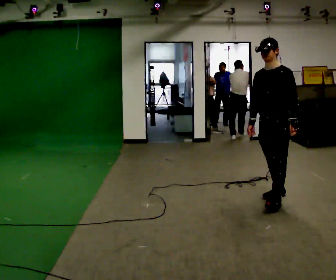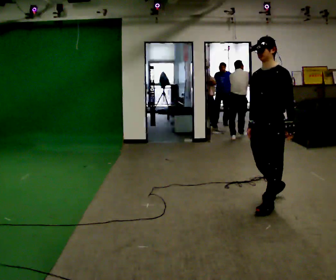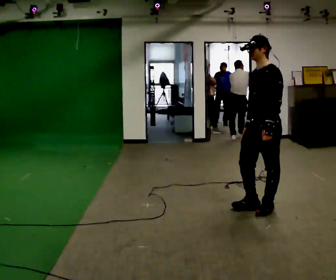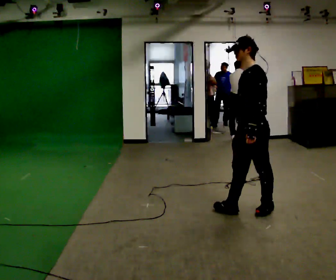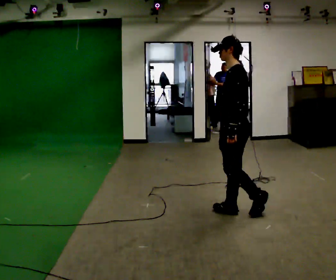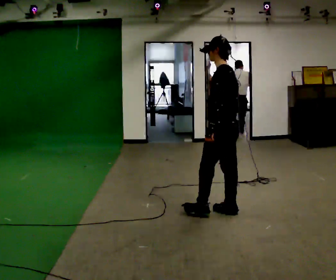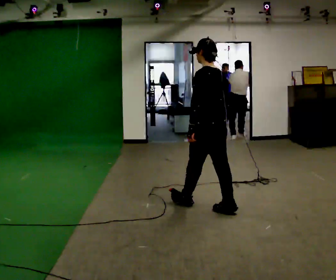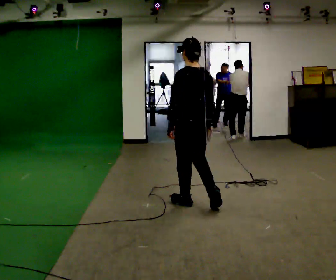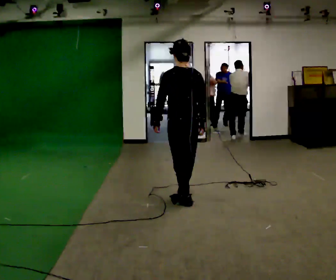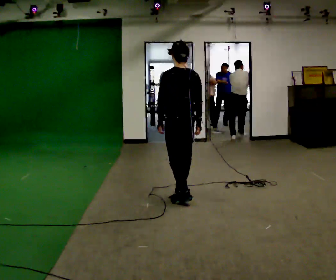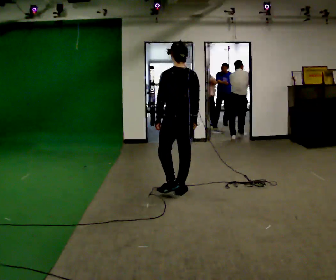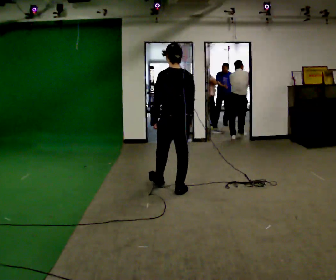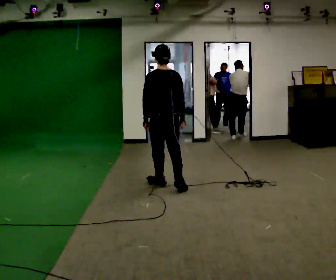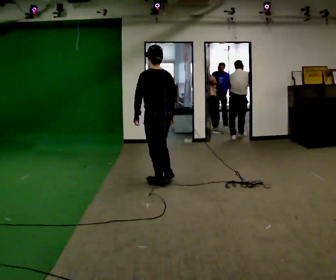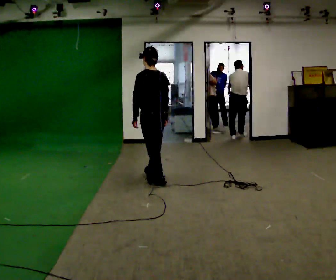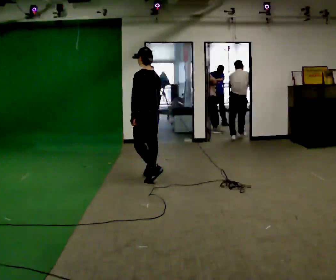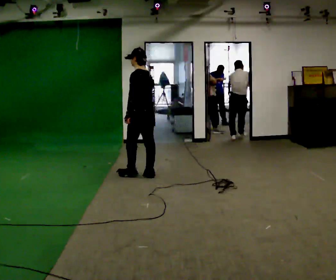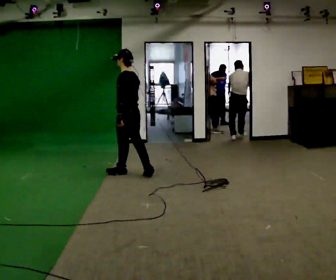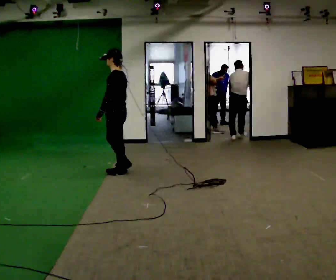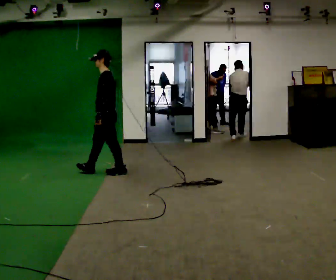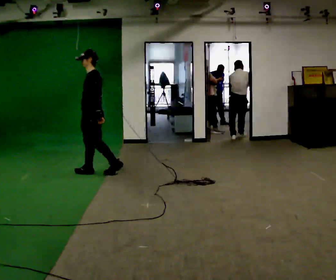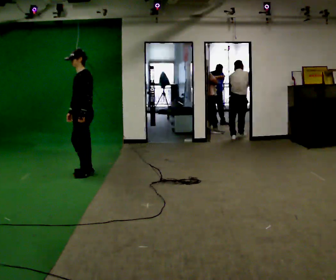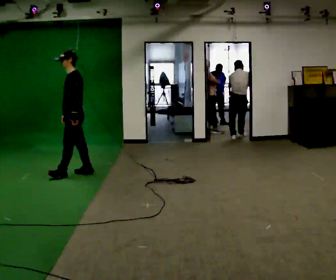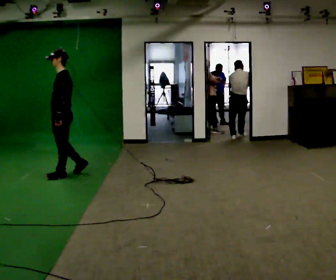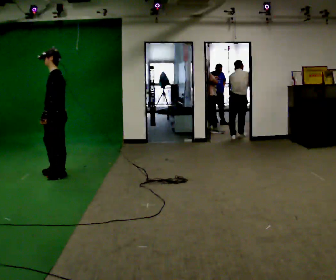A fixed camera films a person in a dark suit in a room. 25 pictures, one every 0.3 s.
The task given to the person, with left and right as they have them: Follow S-shaped path continuously; no stopping between curves.
0.0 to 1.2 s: Seen from above the body turns clockwise, about 45 degrees: to their right, with its near side sliding to the left. In the picture they go to the left and toward the camera, about 0.5 m in 2 steps, which for them is forward.
1.2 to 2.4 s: Seen from above the body turns clockwise, about 60 degrees: to their right, with its near side sliding to the left. In the picture they go to the left and away from the camera, about 0.5 m in 1 step.
2.4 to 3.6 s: In the picture they go away from the camera and to the left, about 0.5 m in 2 steps, which for them is forward.
3.6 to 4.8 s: Seen from above the body turns counterclockwise, about 30 degrees: to their left, with its near side sliding to the right. In the picture they go away from the camera and to the left, about 0.5 m in 1 step, which for them is forward.
4.8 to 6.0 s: The part of the body nearest the lens slides to the right as the person turns to their left by about 60 degrees. In the picture they go to the left, about 0.5 m in 2 steps, which for them is forward.
6.0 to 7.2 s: In the picture they go to the left and toward the camera, about 0.5 m in 1 step, which for them is forward.
The film runs forward here.
